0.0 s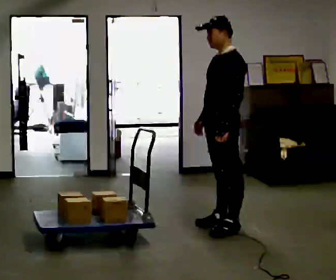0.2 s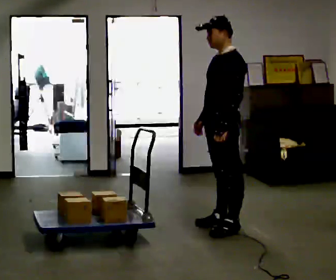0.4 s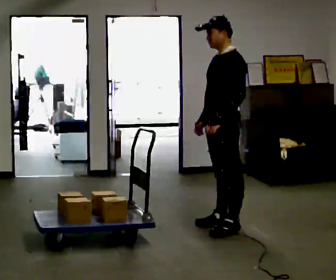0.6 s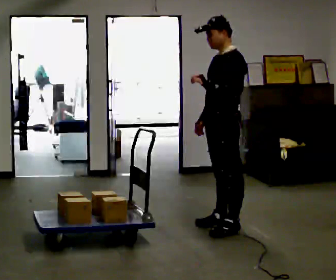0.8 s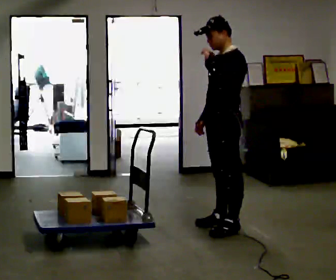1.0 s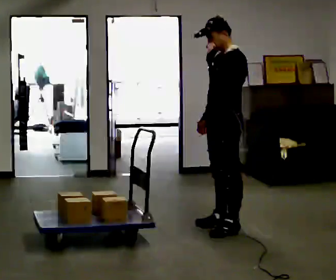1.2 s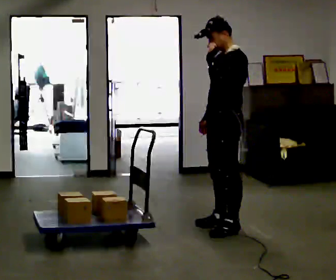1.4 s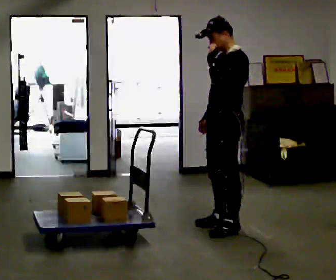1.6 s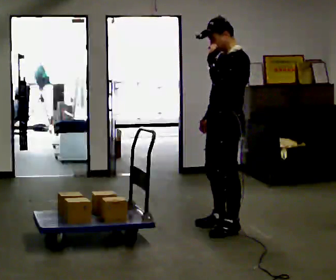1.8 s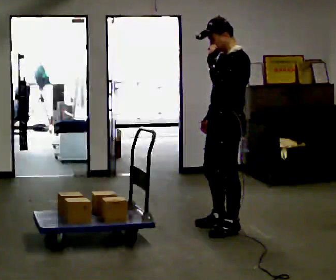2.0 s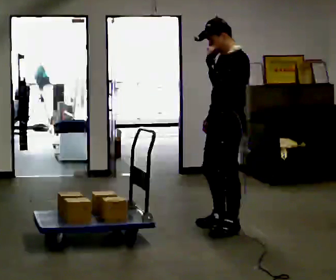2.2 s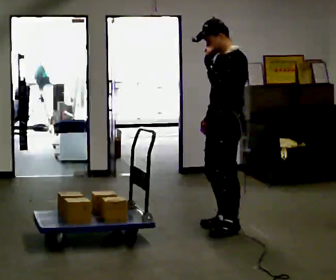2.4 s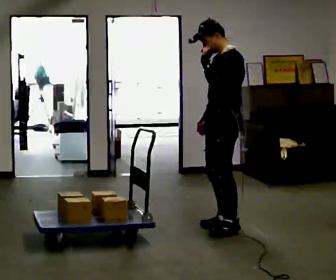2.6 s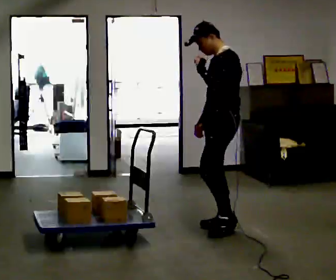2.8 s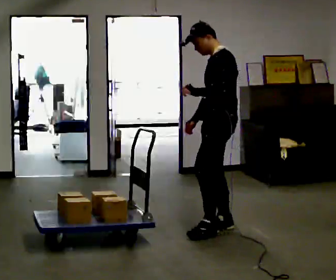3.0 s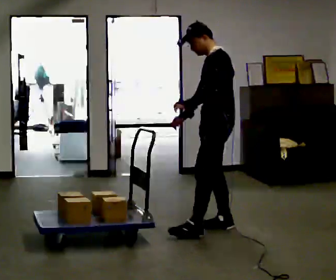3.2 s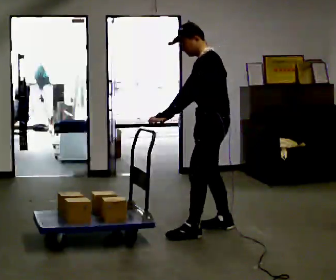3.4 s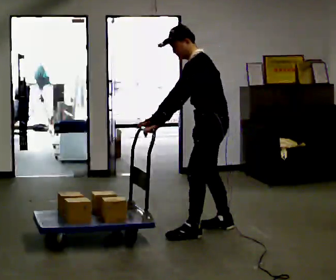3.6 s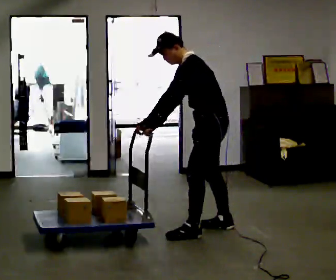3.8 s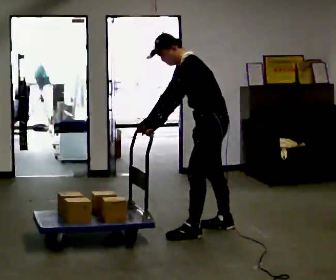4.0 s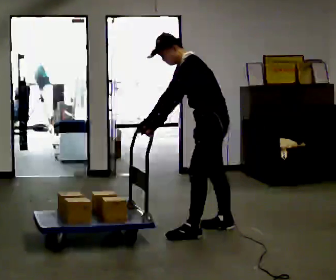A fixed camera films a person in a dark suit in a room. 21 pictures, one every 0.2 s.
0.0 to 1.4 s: In the picture their left hand goes upward.
1.4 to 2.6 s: The person moves a little, or ends about where they began.
2.6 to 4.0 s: In the picture the upper body tilts counterclockwise, shoulders to the left, as they bend forward. In the picture their left hand goes downward and to the left.
The film runs forward here.
